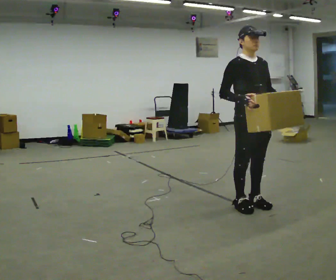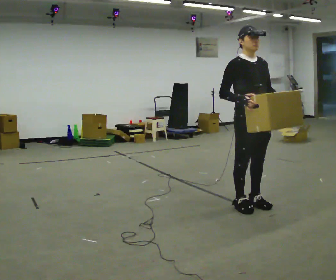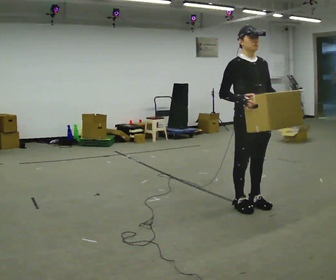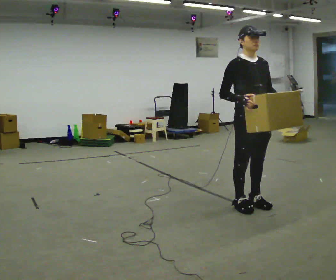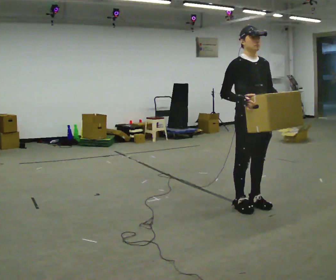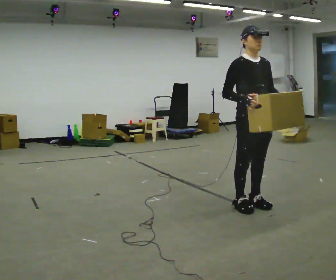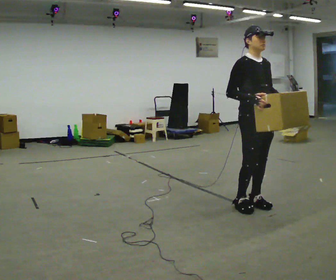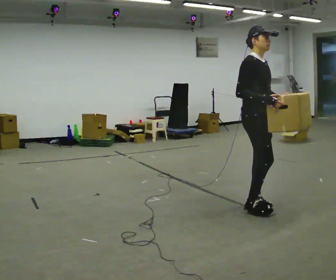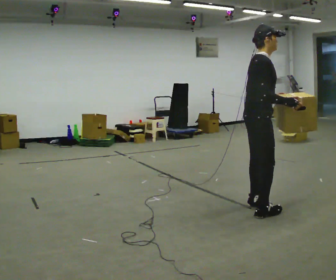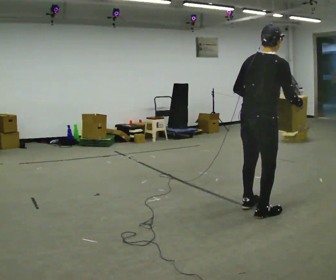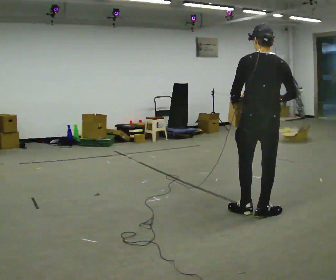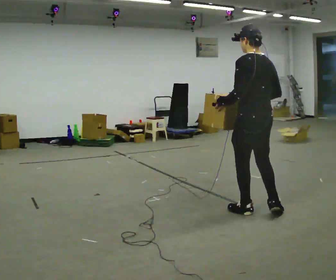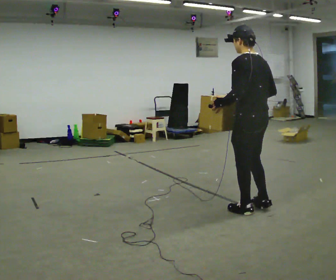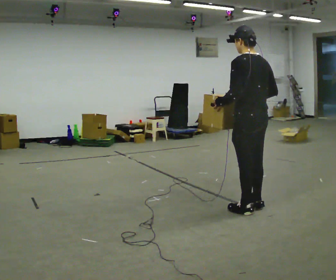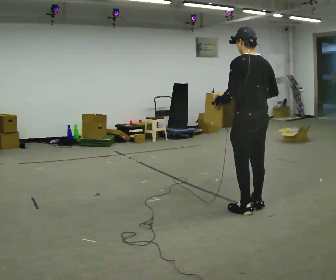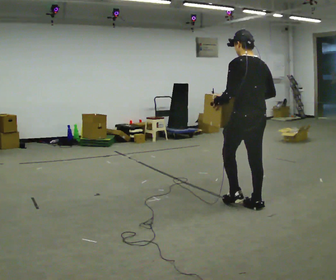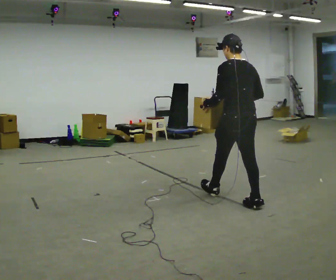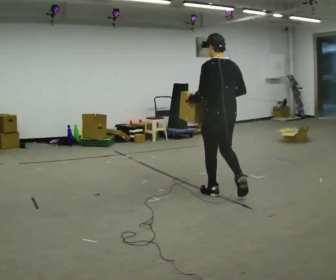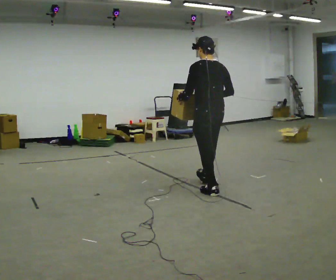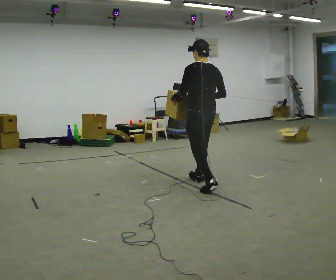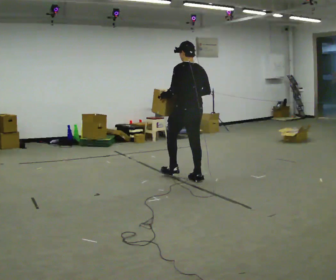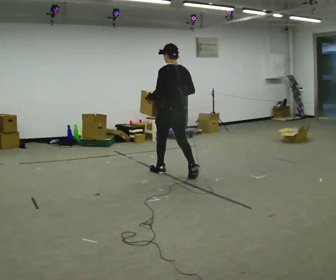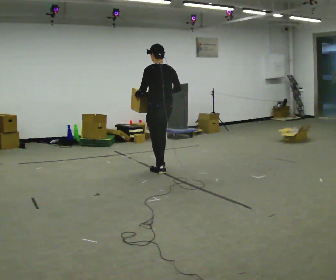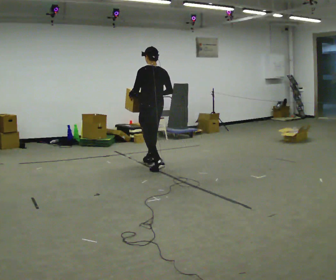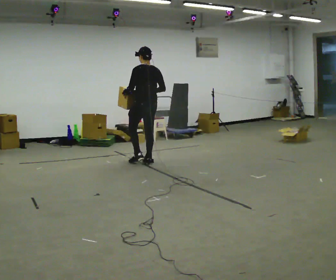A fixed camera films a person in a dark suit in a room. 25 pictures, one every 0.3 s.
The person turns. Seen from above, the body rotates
counterclockwise.
The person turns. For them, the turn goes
to their left.
0.0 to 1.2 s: The person keeps their place and pose.
1.2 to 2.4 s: The part of the body nearest the lens slides to the right as the person turns to their left by about 60 degrees.
2.4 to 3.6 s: The person turns about 135 degrees to their left, counterclockwise seen from above, so the part of the body nearest the lens slides to the right. In the picture their left hand goes to the left.
3.6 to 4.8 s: In the picture they go away from the camera and to the left, about 0.25 m in 1 step, which for them is forward.
4.8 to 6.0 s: In the picture they go to the left and away from the camera, about 1 m in 2 steps, which for them is forward.
6.0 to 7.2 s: In the picture they go to the left and away from the camera, about 1 m in 2 steps, which for them is forward.
The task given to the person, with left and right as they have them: Carry the box across the room as briskly as you comfortably can, back and forth. Do not run.
The film runs forward here.
